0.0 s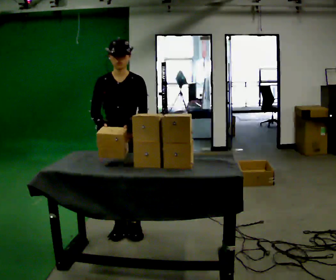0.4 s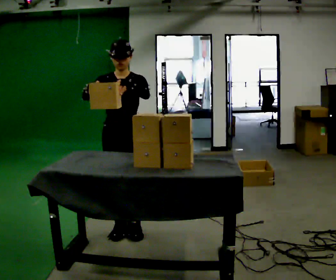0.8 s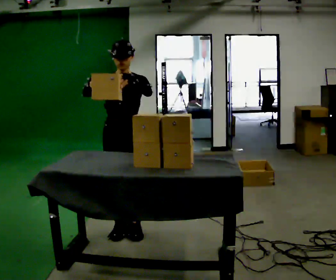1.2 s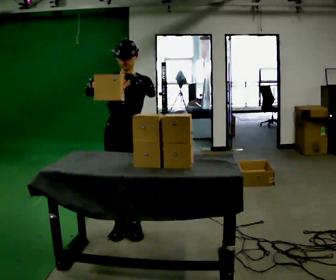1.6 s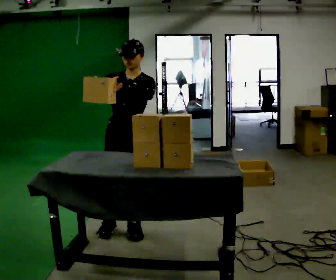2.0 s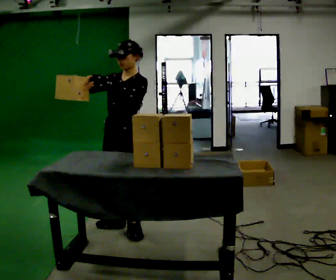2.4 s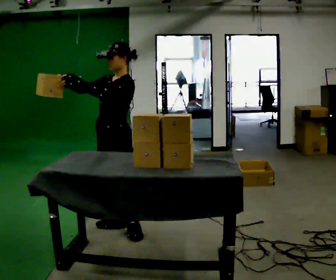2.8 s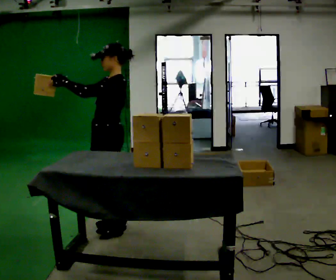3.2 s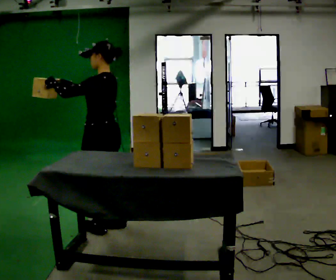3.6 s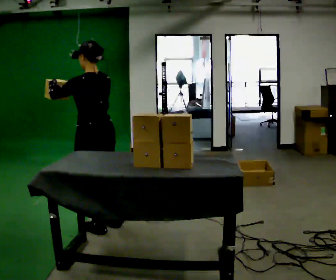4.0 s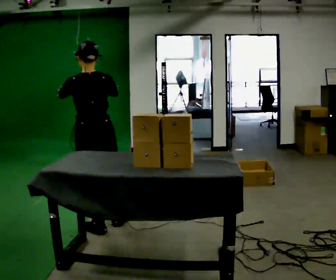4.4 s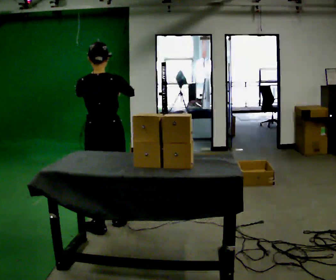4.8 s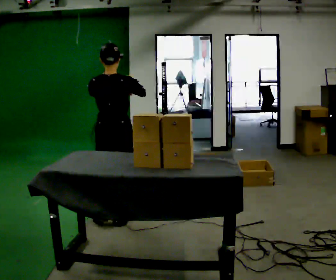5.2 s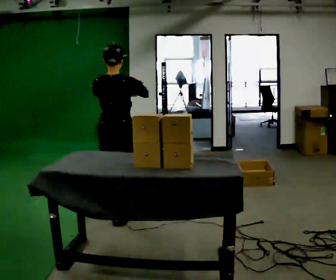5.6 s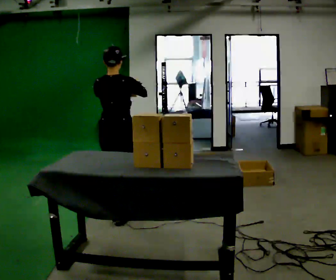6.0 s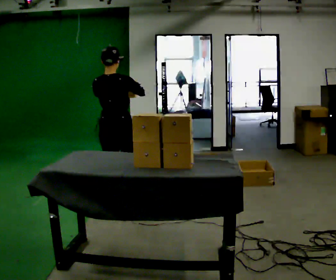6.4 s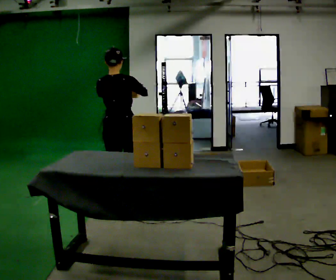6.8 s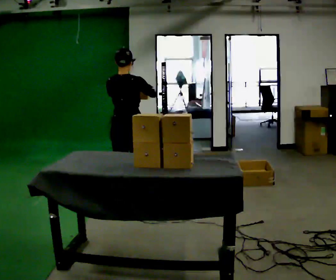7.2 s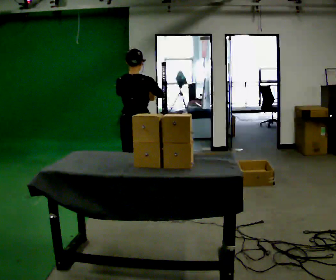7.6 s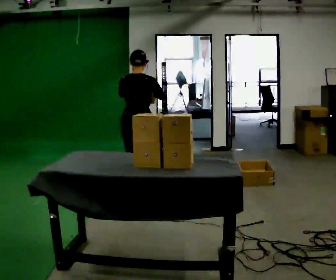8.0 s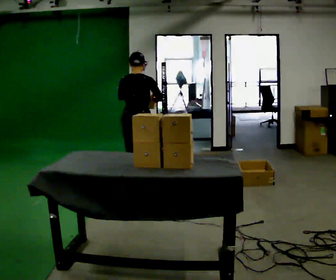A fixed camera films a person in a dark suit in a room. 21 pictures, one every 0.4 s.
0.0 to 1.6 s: The person moves a little, or ends about where they began.
1.6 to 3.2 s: Seen from above the body turns clockwise, about 90 degrees: to their right, with its near side sliding to the left. In the picture they go to the left, about 0.25 m in 1 step.
3.2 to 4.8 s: The person turns about 75 degrees to their right, clockwise seen from above, so the part of the body nearest the lens slides to the left. In the picture their right hand goes to the right.
4.8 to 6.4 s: In the picture they go away from the camera, about 0.5 m in 2 steps, which for them is forward.
6.4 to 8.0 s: In the picture they go away from the camera and to the right, about 0.5 m in 1 step, which for them is forward.
The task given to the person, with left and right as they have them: 1. Take the objects out of the box on the table one at a time. 2. Put each one in the bin the operator has labelled for it. 3. Tell the operator when you are finished.
The film runs forward here.
